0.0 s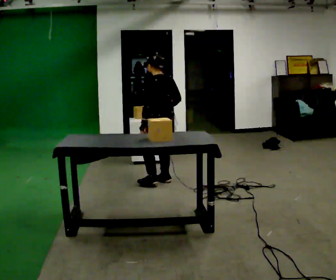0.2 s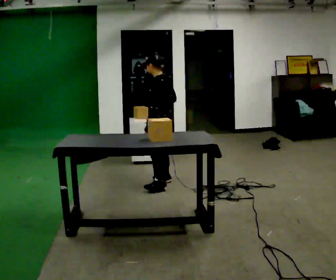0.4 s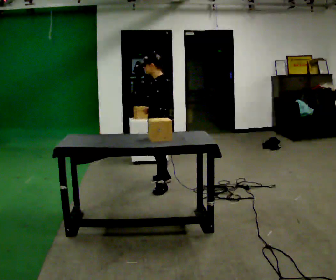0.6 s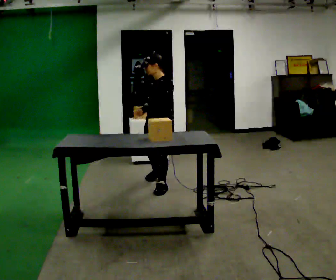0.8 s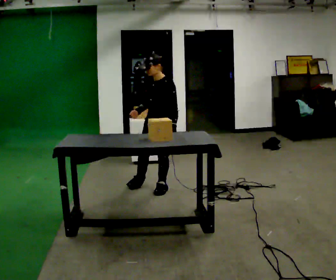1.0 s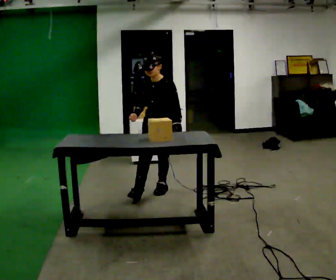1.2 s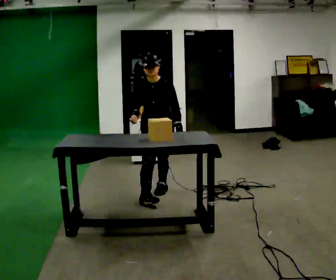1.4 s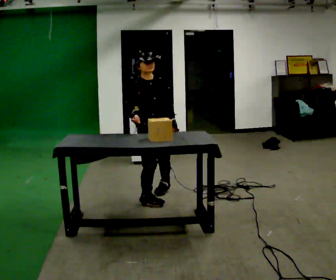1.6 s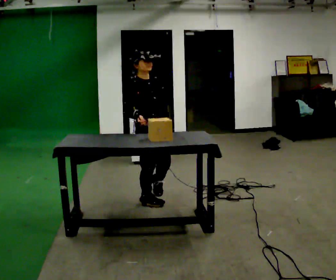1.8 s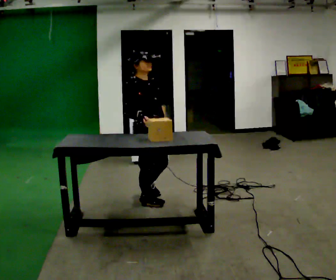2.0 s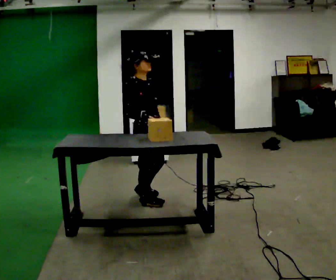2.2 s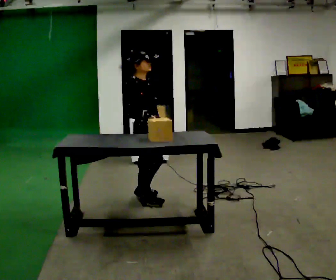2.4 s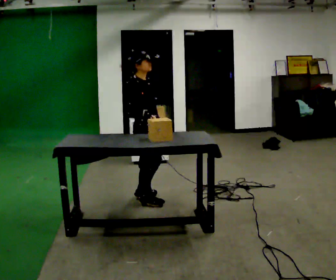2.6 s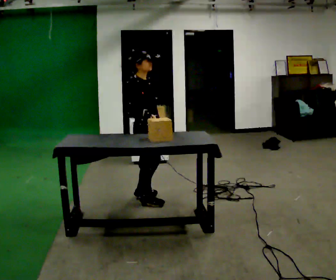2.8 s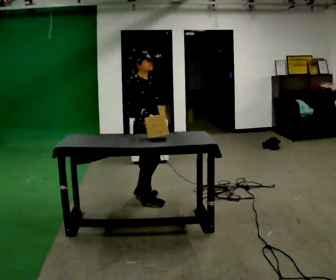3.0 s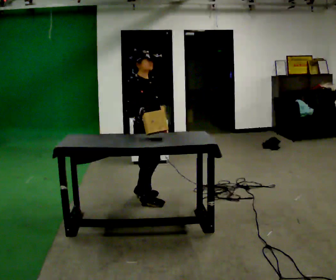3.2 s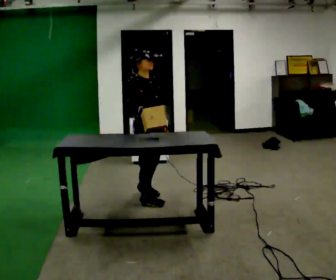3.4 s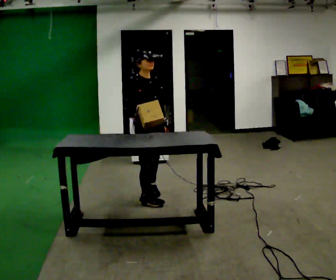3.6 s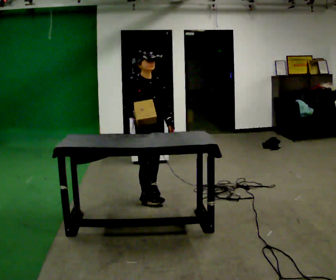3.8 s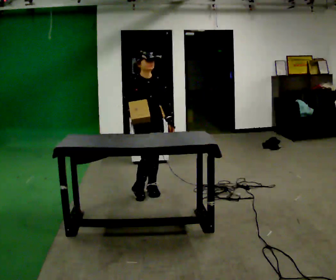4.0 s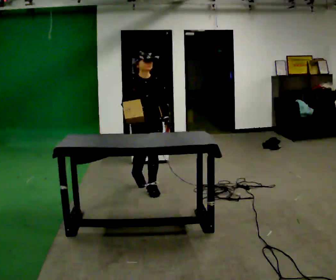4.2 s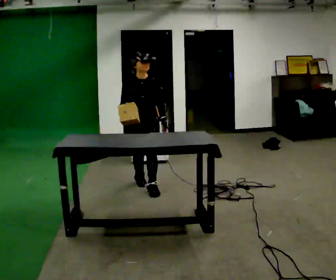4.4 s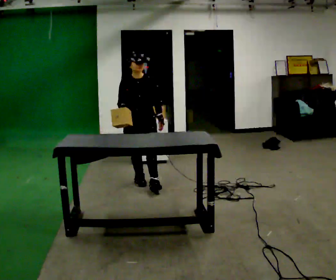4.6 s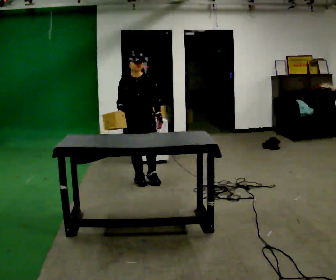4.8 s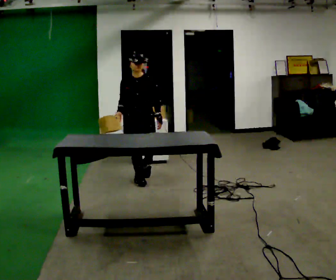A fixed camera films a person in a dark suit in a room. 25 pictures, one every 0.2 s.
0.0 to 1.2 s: The part of the body nearest the lens slides to the right as the person turns to their left by about 135 degrees. In the picture they go toward the camera, about 0.5 m in 1 step.
1.2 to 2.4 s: The person turns about 75 degrees to their left, counterclockwise seen from above, so the part of the body nearest the lens slides to the right. In the picture they go toward the camera, about 0.25 m in 1 step.
2.4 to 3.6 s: The person turns about 30 degrees to their right, clockwise seen from above, so the part of the body nearest the lens slides to the left. In the picture they go away from the camera, about 0.25 m in 2 steps, which for them is to their left.
3.6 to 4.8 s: The part of the body nearest the lens slides to the left as the person turns to their right by about 30 degrees. In the picture they go away from the camera, about 0.5 m in 1 step, which for them is backward.
The film runs backward here.
